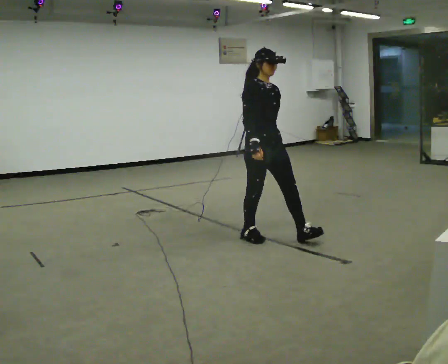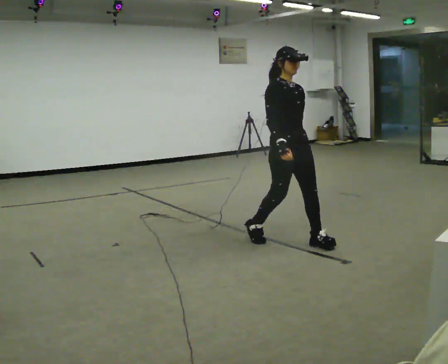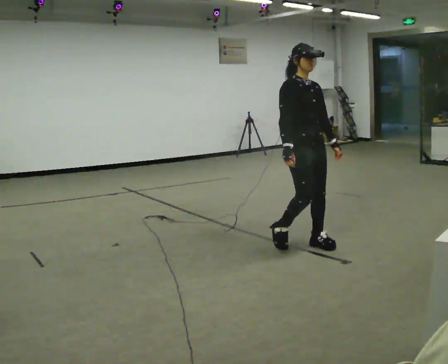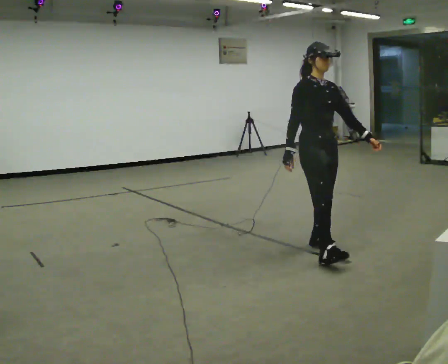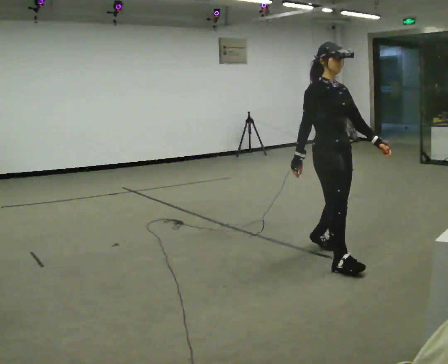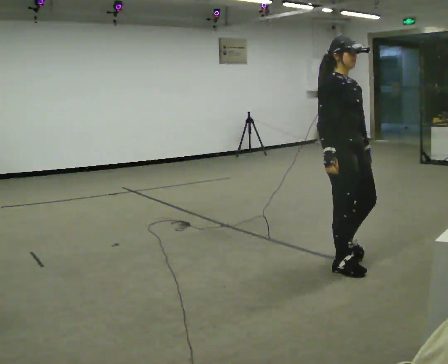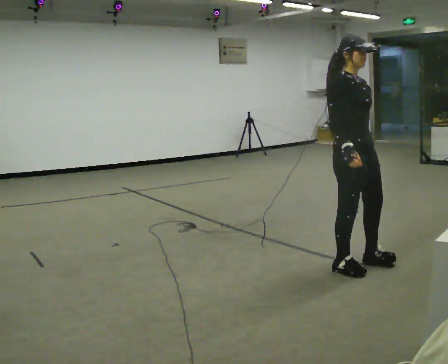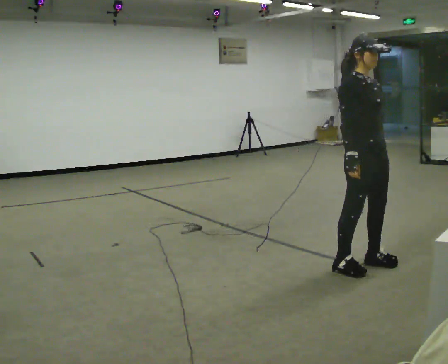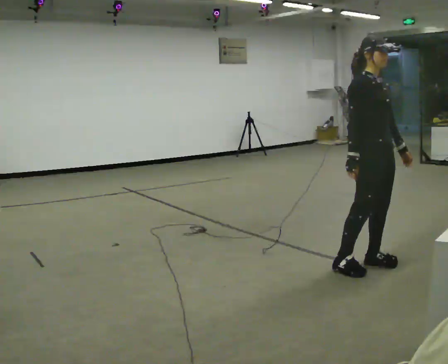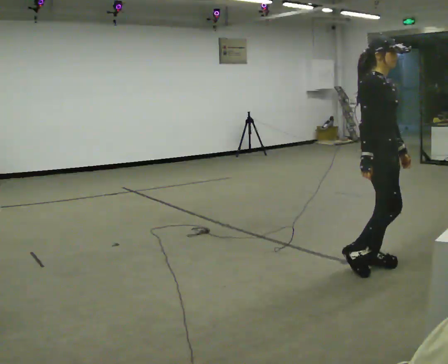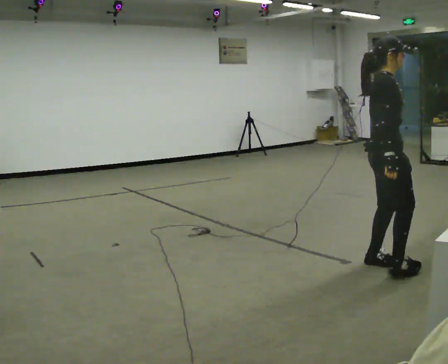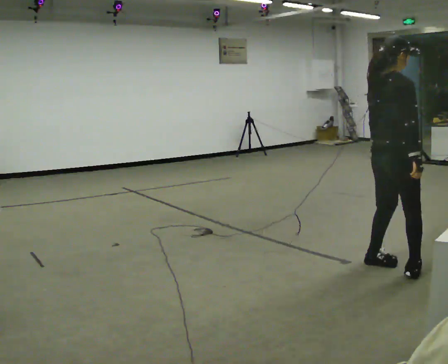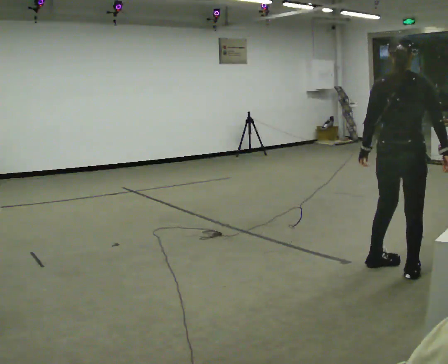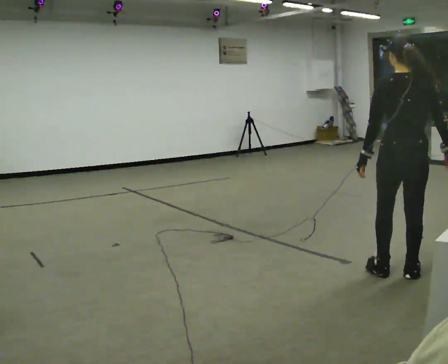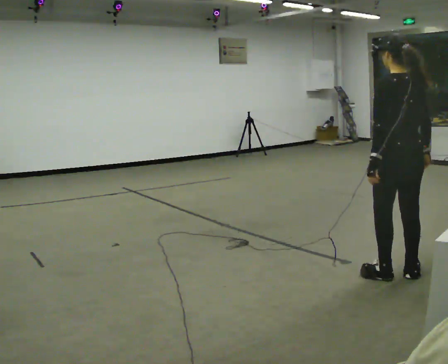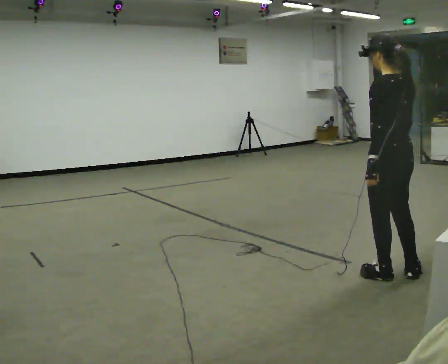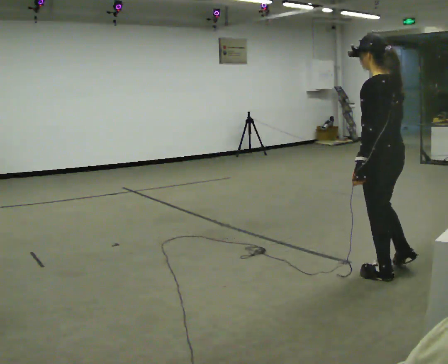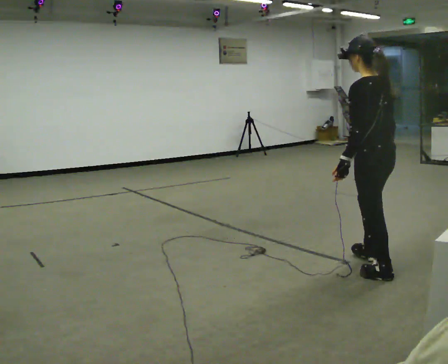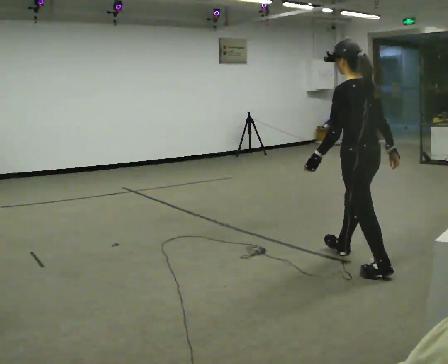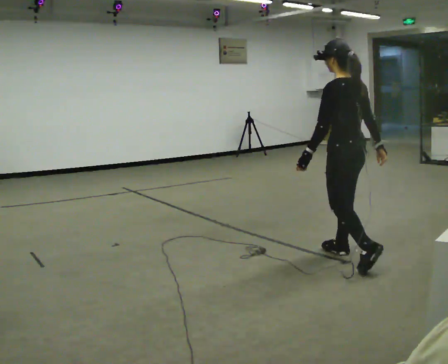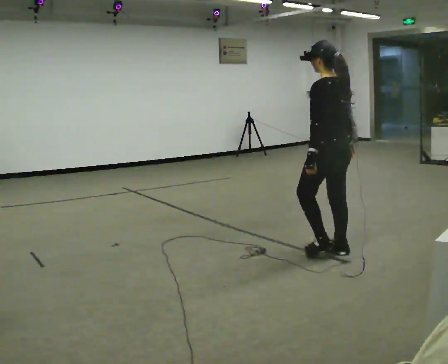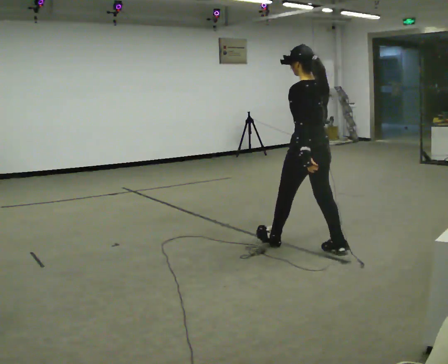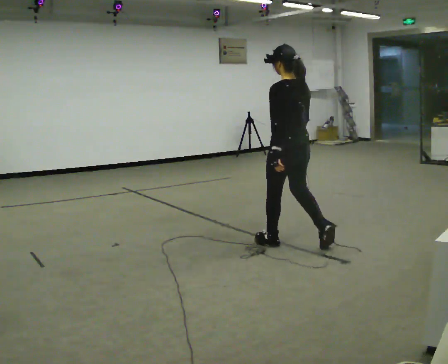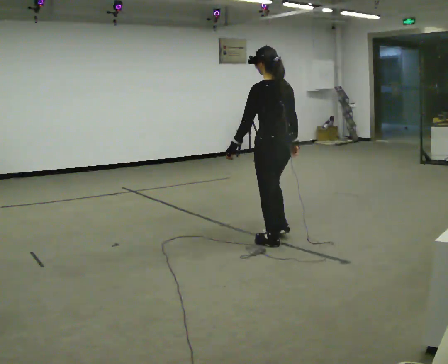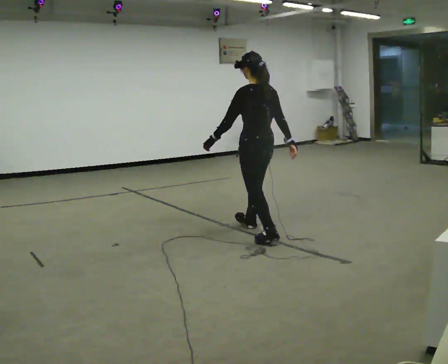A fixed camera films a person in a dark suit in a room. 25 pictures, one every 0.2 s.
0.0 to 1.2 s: In the picture they go to the right and toward the camera, about 1 m in 2 steps, which for them is forward.
1.2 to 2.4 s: The part of the body nearest the lens slides to the right as the person turns to their left by about 120 degrees. In the picture they go to the right and toward the camera, about 0.25 m in 2 steps.
2.4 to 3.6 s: The person turns about 75 degrees to their left, counterclockwise seen from above, so the part of the body nearest the lens slides to the right. In the picture they go to the left and away from the camera, about 0.25 m in 2 steps.
3.6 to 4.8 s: In the picture they go to the left and away from the camera, about 1 m in 2 steps, which for them is forward.
The film runs forward here.
